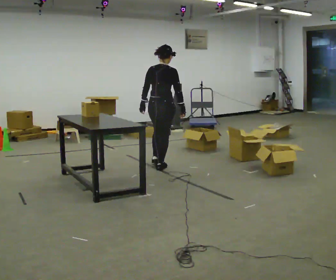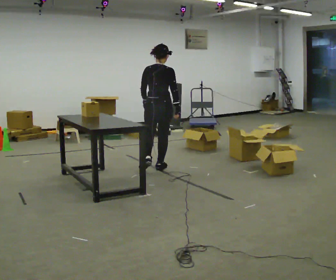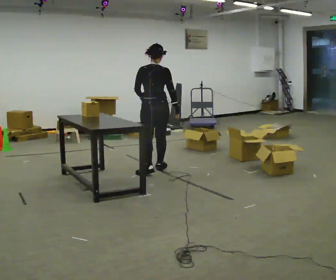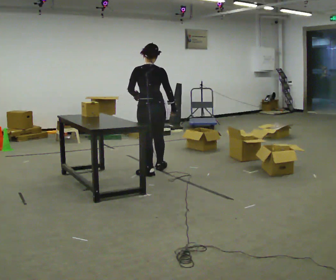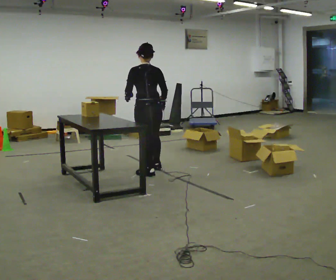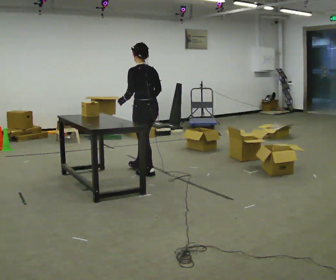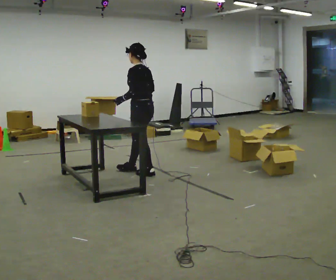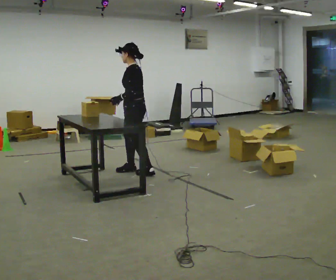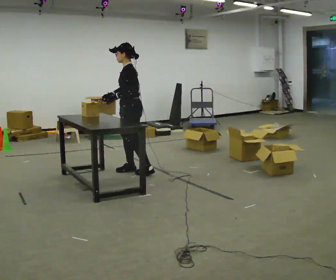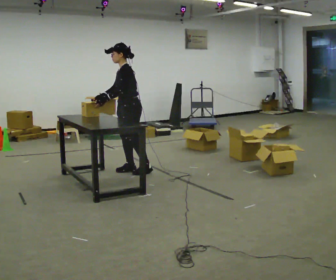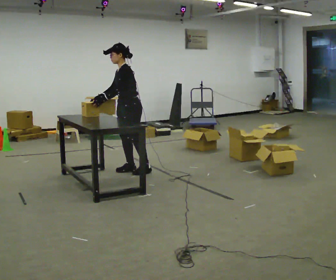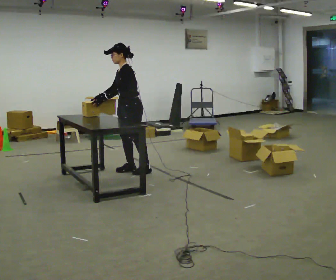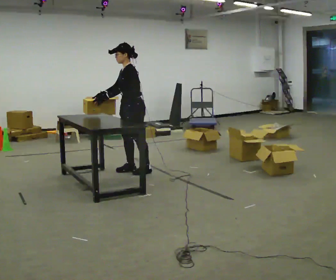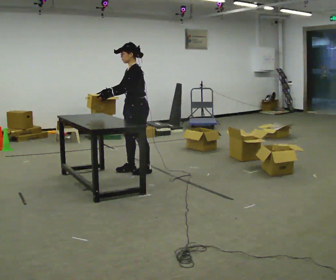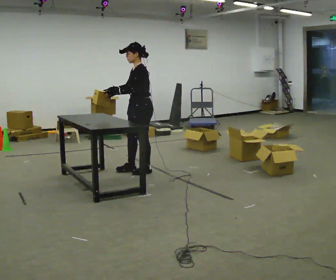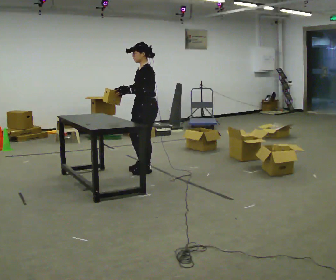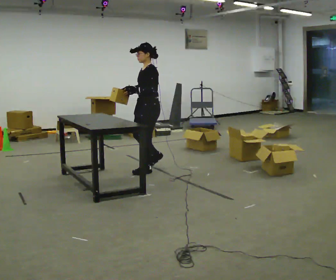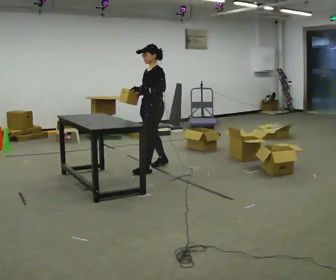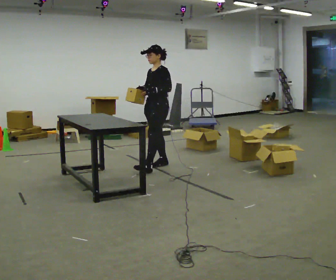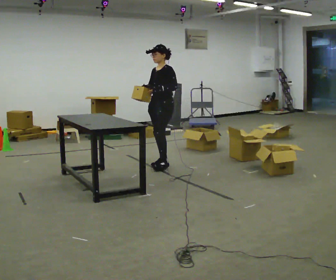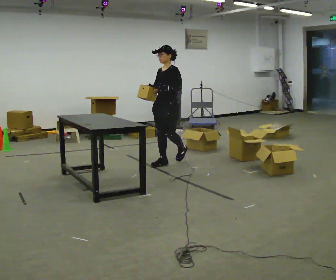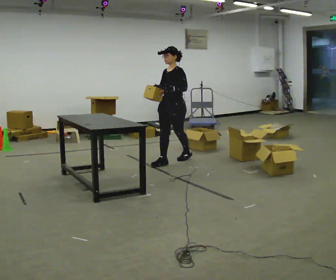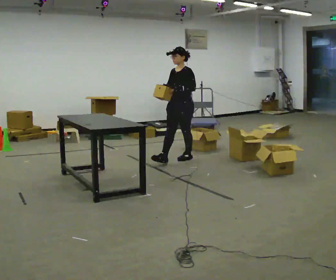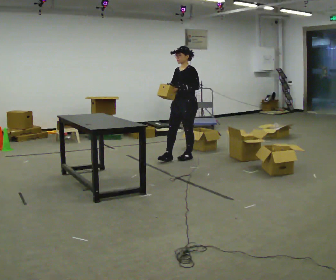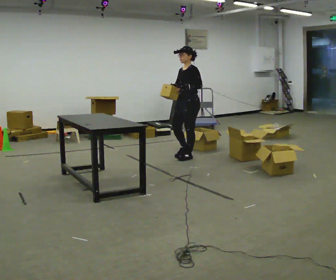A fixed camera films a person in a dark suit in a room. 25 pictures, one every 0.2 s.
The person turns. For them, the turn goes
to their left.
The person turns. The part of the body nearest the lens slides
to the right.
0.0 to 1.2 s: The part of the body nearest the lens slides to the right as the person turns to their left by about 90 degrees. In the picture they go toward the camera and to the left, about 0.5 m in 1 step.
1.2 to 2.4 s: The part of the body nearest the lens slides to the right as the person turns to their left by about 45 degrees. In the picture their right hand goes to the left, the arm swinging clockwise.
2.4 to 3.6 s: In the picture they go to the right and away from the camera, about 0.5 m in 2 steps, which for them is backward.
3.6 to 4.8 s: In the picture they go to the right and away from the camera, about 0.5 m in 1 step, which for them is backward.
The film runs backward here.
